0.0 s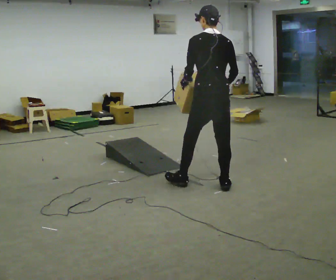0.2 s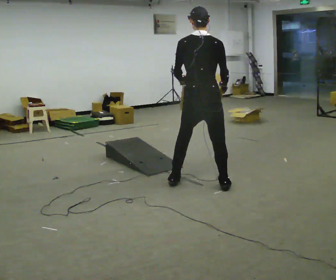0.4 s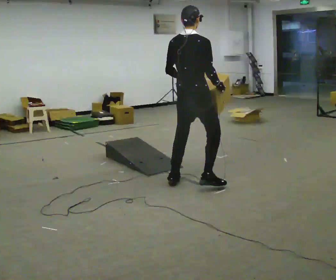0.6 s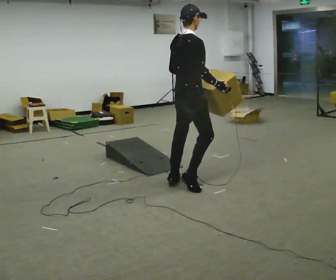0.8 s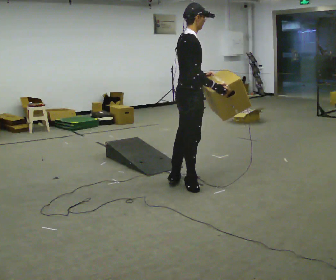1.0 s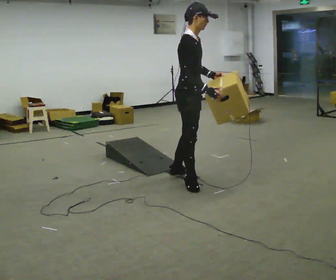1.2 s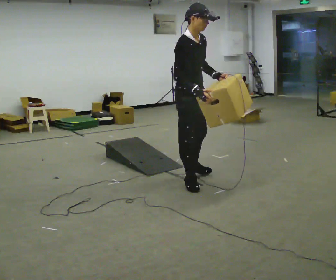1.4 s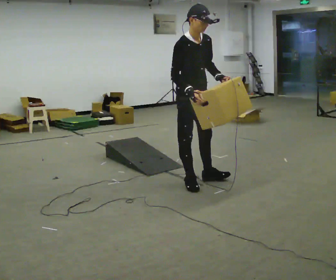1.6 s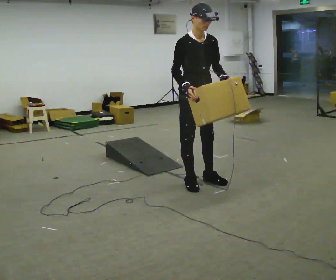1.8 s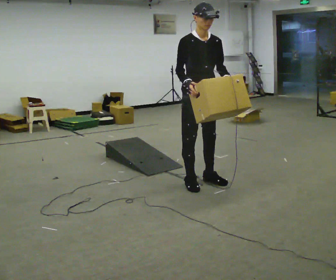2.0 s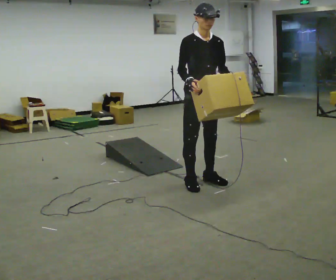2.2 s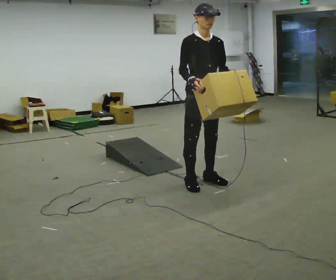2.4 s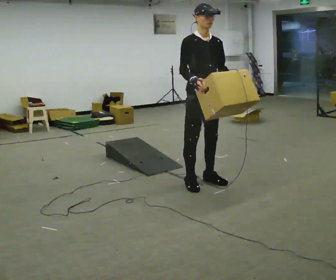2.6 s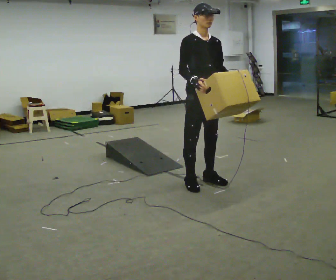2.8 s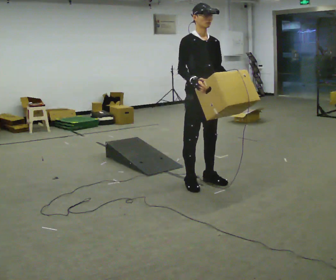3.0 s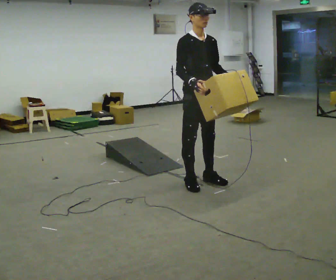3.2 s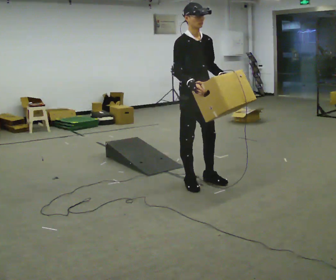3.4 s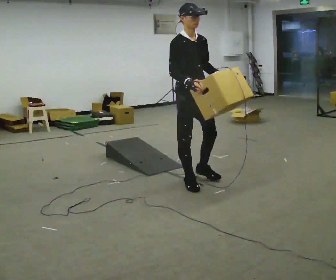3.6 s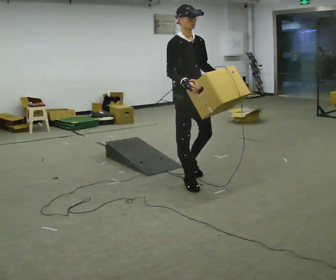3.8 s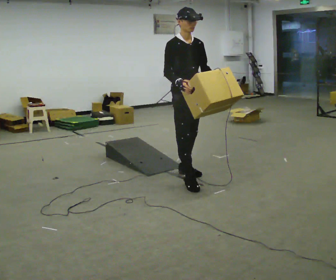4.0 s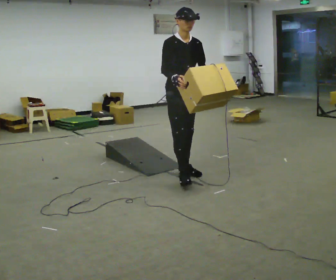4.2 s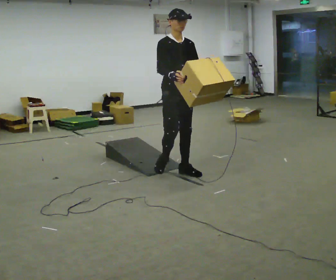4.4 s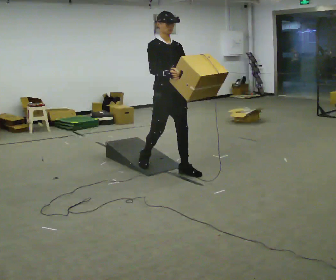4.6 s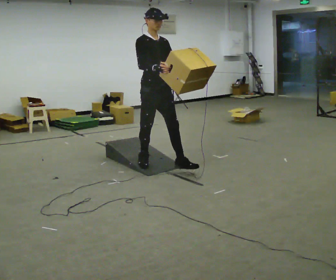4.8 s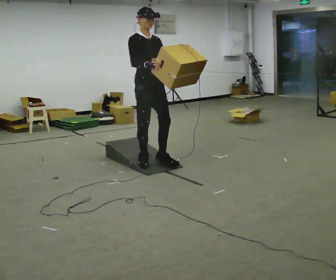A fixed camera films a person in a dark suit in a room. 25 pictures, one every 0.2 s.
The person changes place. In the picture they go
to the left.
Their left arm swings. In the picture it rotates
counterclockwise.
0.0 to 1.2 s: Seen from above the body turns clockwise, about 135 degrees: to their right, with its near side sliding to the left. In the picture they go to the left, about 0.25 m in 2 steps. In the picture the upper body tilts clockwise, shoulders to the right.
1.2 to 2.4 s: Seen from above the body turns clockwise, about 30 degrees: to their right, with its near side sliding to the left.
2.4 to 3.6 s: In the picture they go to the left, about 0.25 m in 1 step, which for them is backward.
3.6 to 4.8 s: In the picture they go to the left, about 0.75 m in 2 steps, which for them is backward.
The film runs backward here.
